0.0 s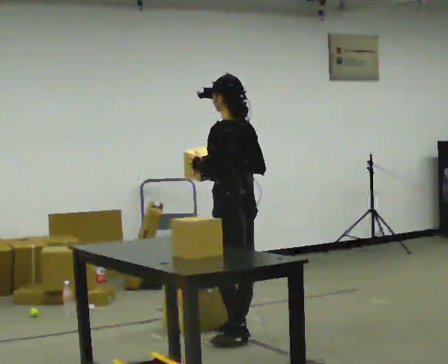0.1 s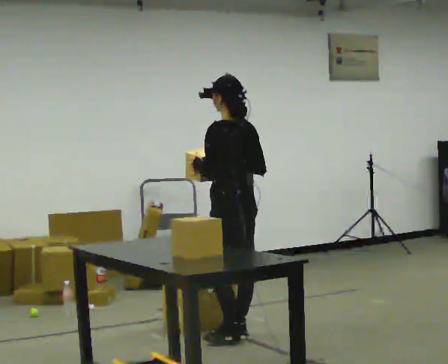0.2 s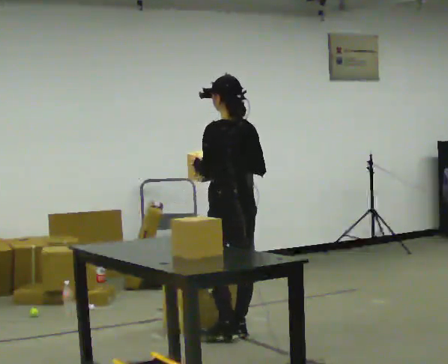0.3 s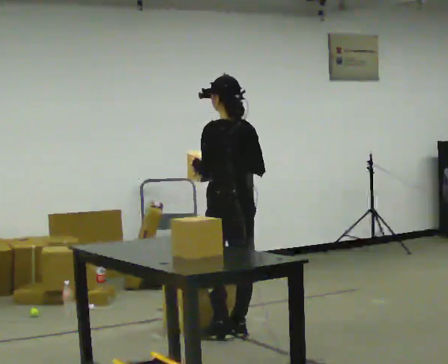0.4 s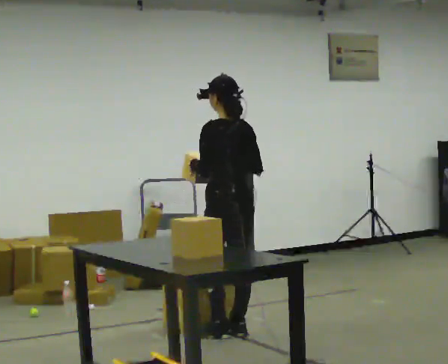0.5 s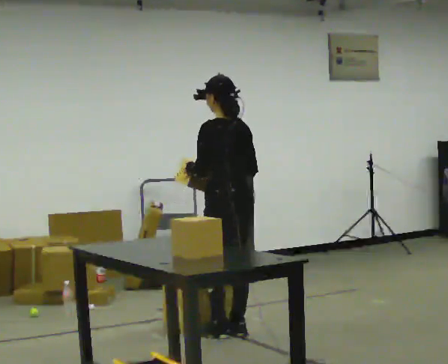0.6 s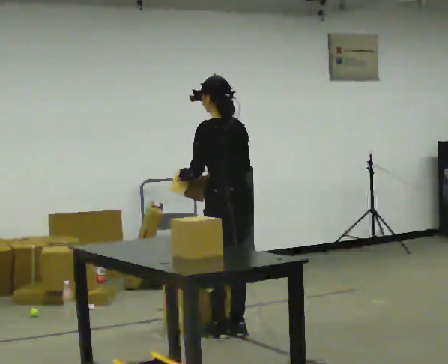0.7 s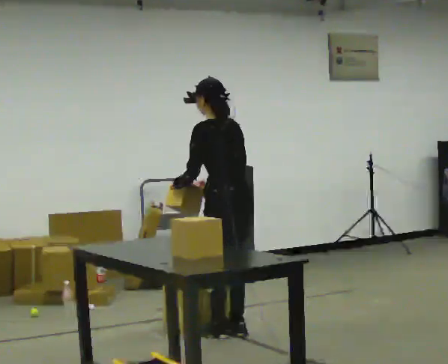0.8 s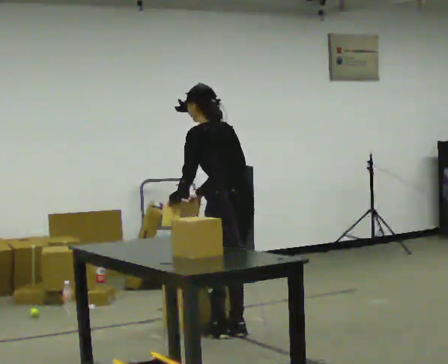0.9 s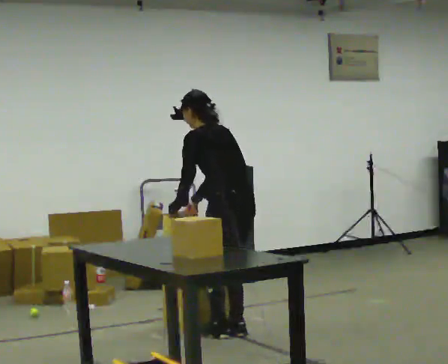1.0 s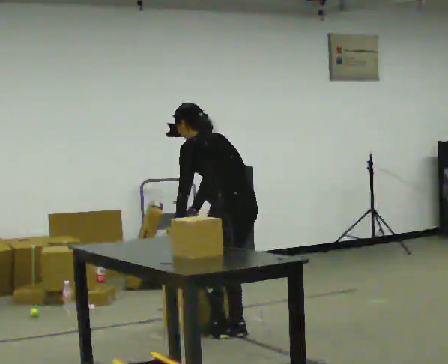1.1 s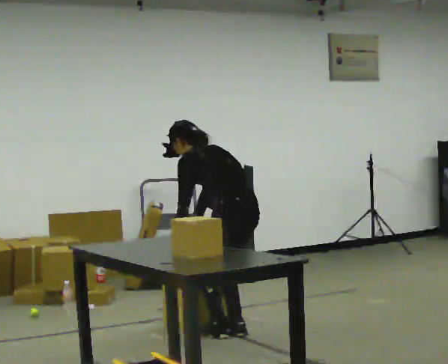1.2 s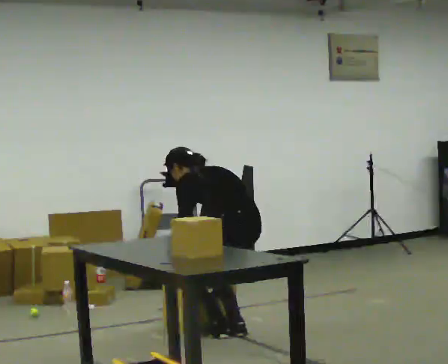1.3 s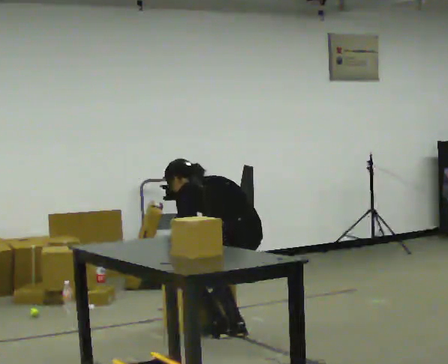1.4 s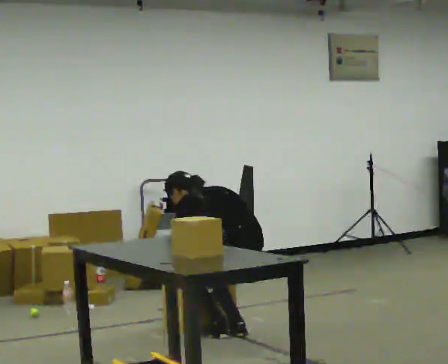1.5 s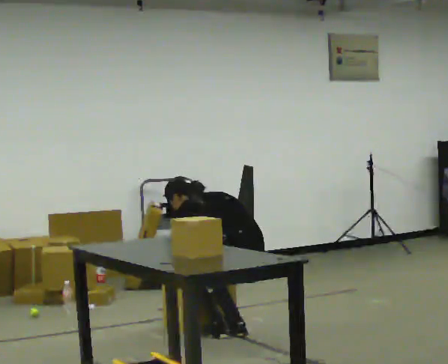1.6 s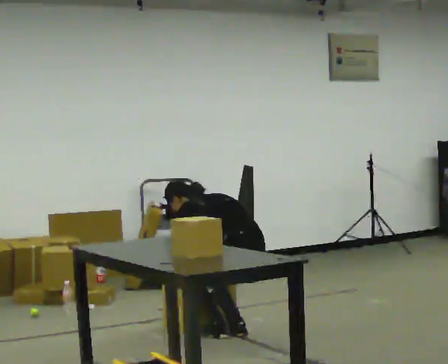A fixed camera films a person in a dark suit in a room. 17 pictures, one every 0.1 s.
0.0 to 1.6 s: The shoulders move downward. The upper body tips away from the camera, its near side rolling upward, as they bend forward. In the picture their right hand goes downward.
The film runs backward here.
